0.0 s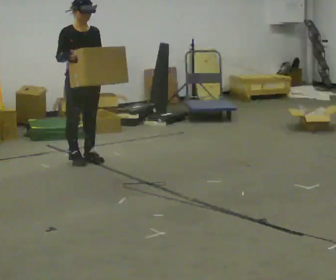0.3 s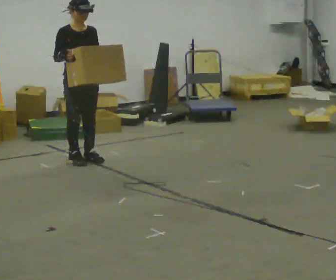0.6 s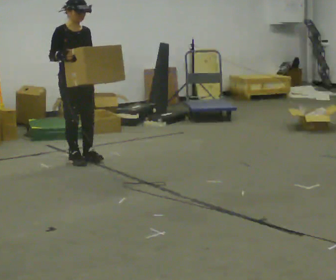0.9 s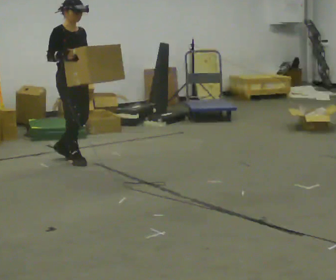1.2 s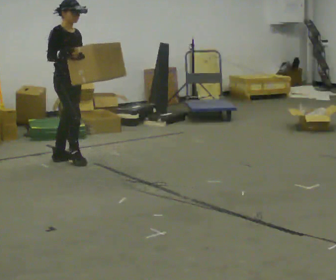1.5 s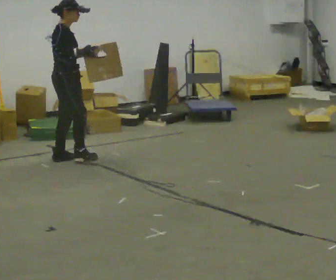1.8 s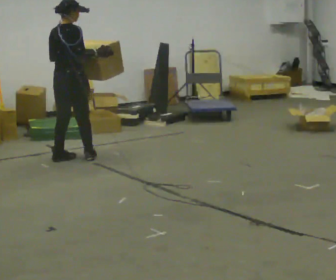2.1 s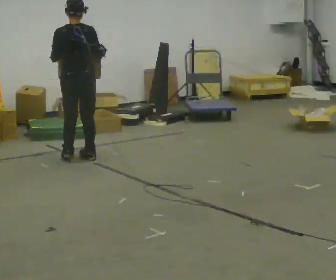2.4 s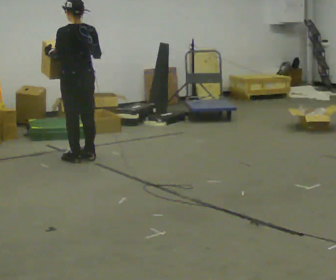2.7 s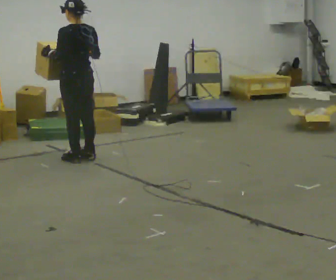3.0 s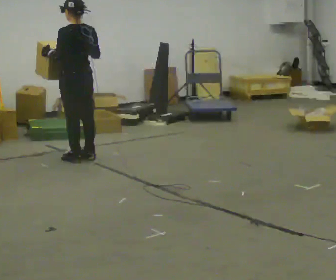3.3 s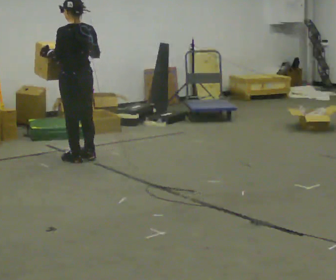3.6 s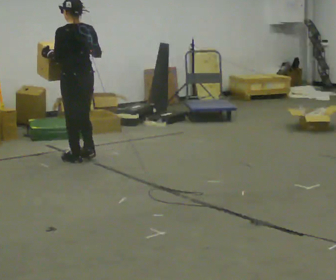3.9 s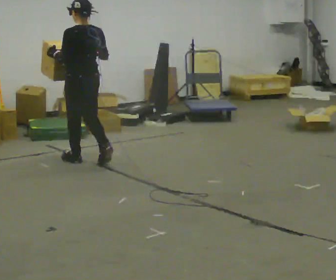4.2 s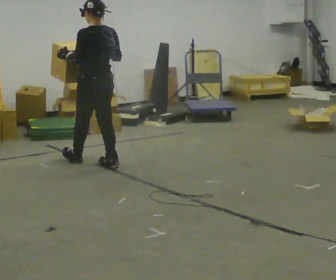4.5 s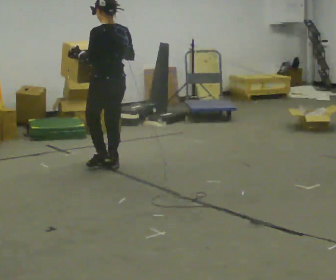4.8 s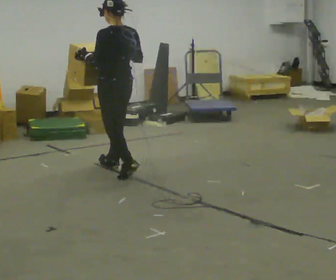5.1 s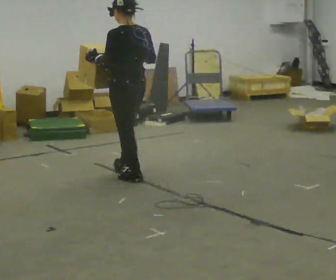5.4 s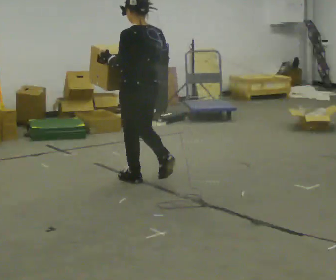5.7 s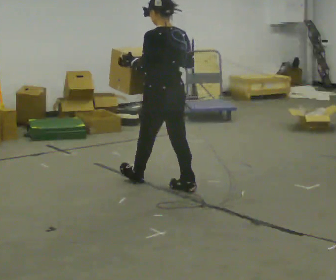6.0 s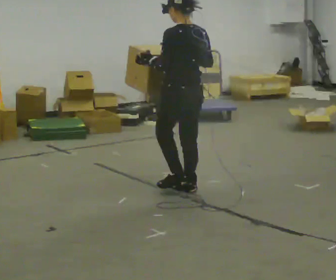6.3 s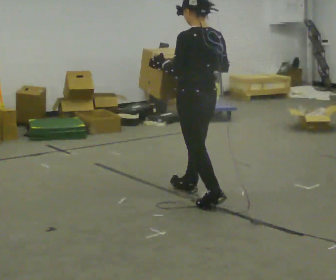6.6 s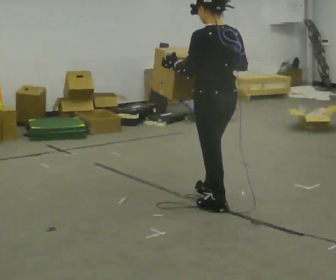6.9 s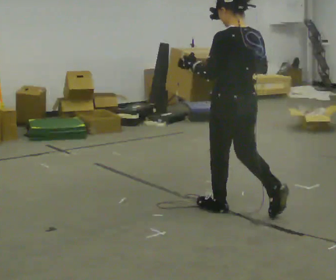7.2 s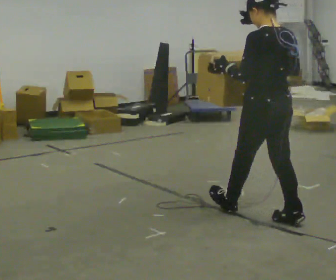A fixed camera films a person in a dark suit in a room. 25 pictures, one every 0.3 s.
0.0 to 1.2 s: The part of the body nearest the lens slides to the right as the person turns to their left by about 30 degrees.
1.2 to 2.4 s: Seen from above the body turns counterclockwise, about 150 degrees: to their left, with its near side sliding to the right. In the picture their right hand goes to the right.
2.4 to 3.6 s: The person moves a little, or ends about where they began.
3.6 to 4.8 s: In the picture they go toward the camera and to the right, about 0.5 m in 2 steps, which for them is backward.
4.8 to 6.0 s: In the picture they go toward the camera and to the right, about 1 m in 2 steps, which for them is backward.
6.0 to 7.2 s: In the picture they go toward the camera and to the right, about 1 m in 2 steps, which for them is backward.
The film runs backward here.
